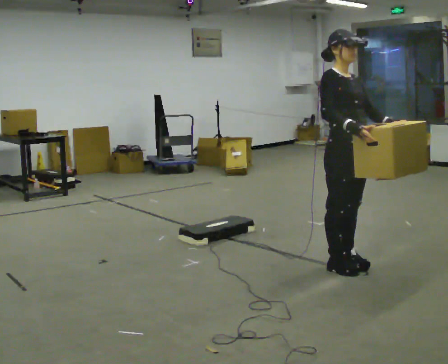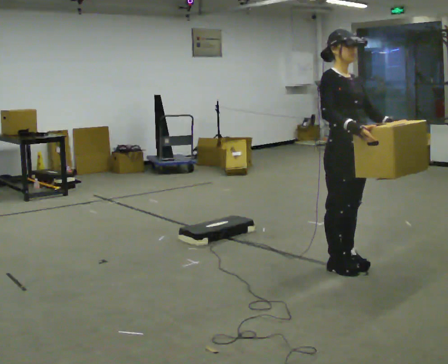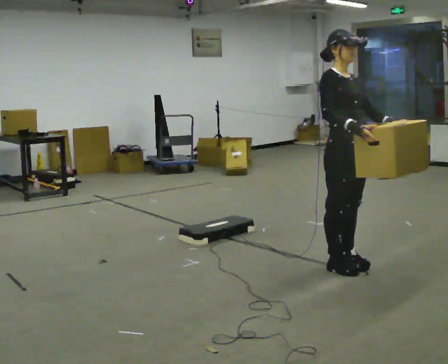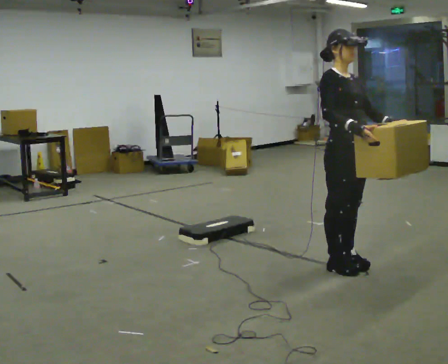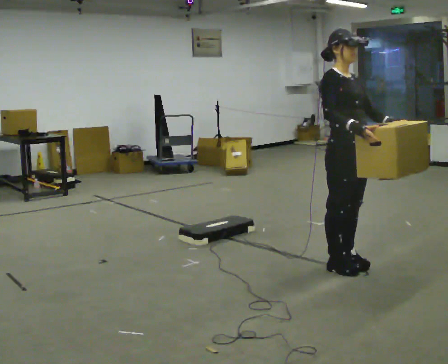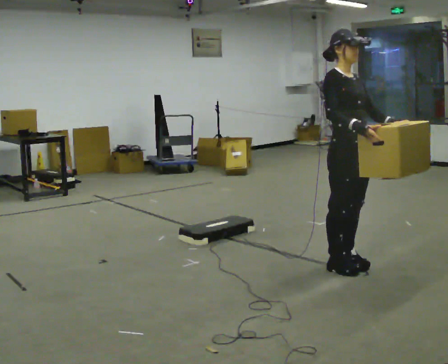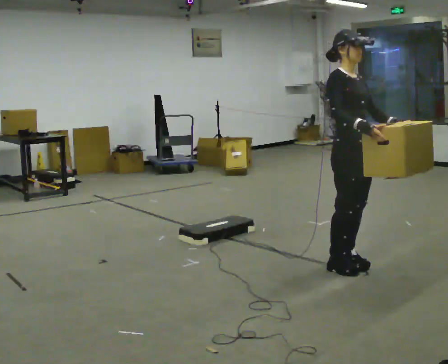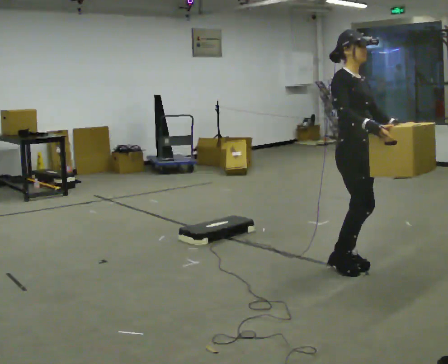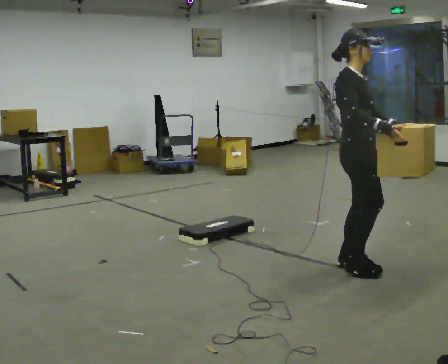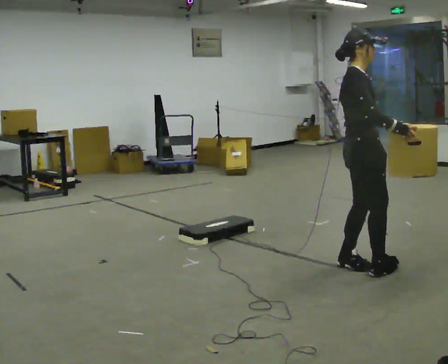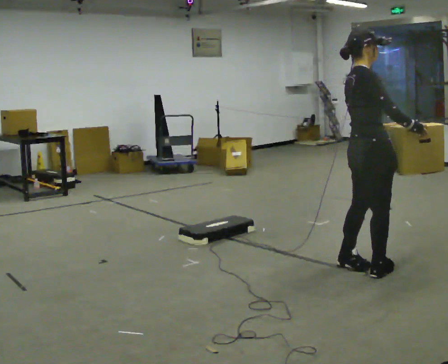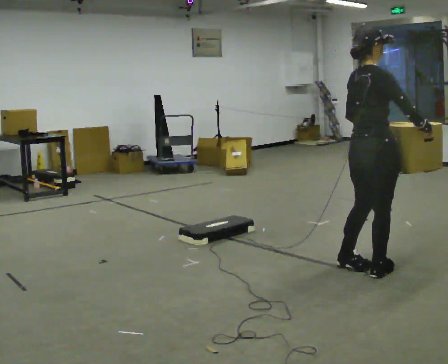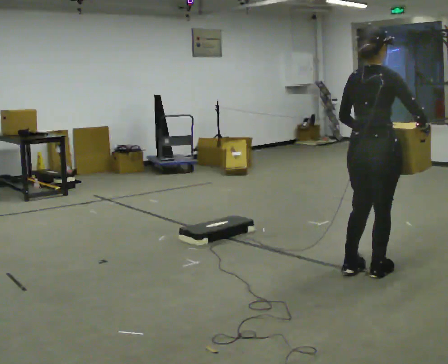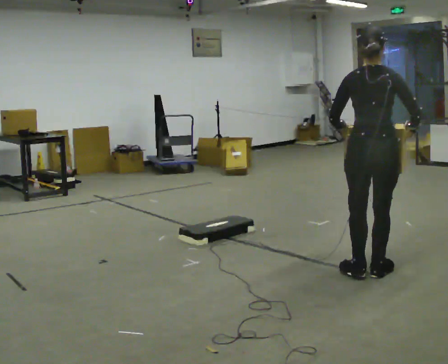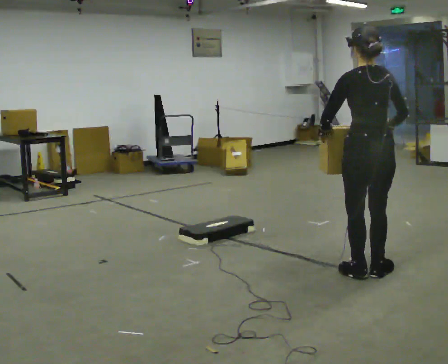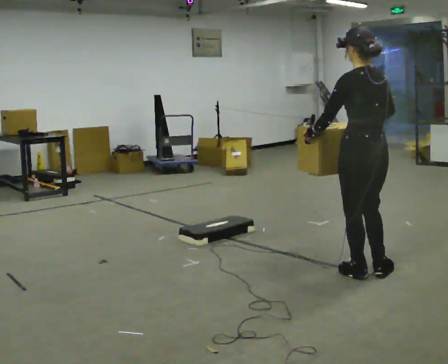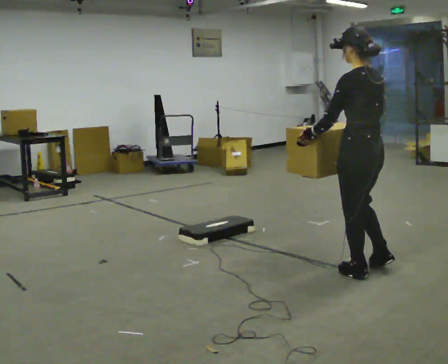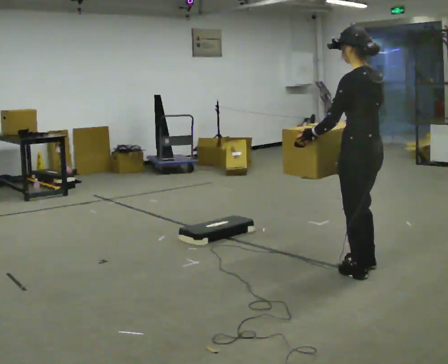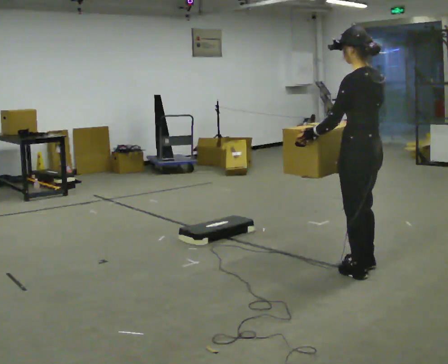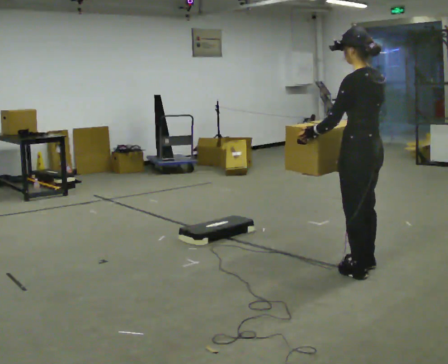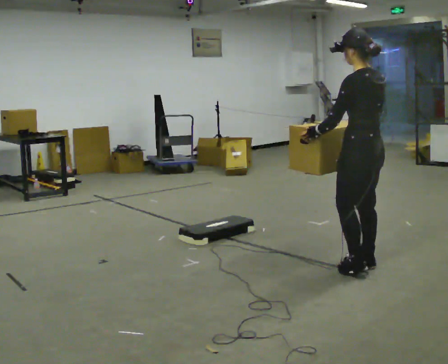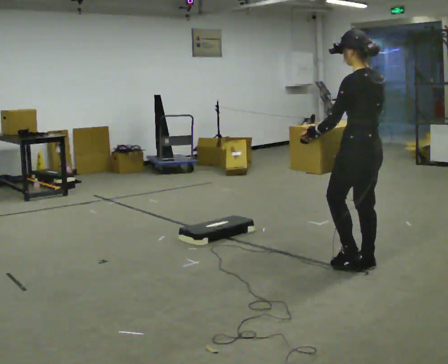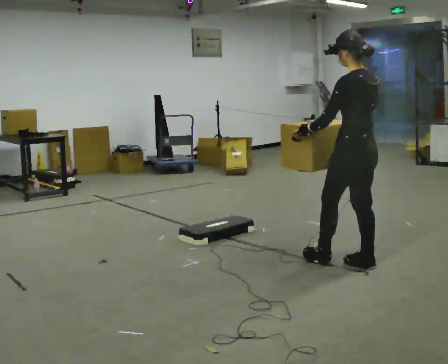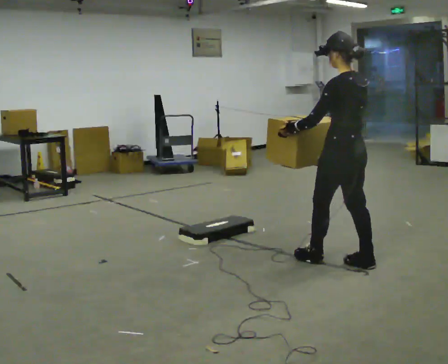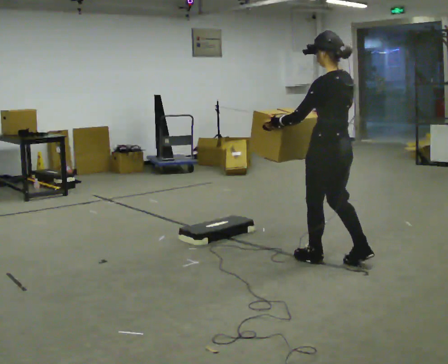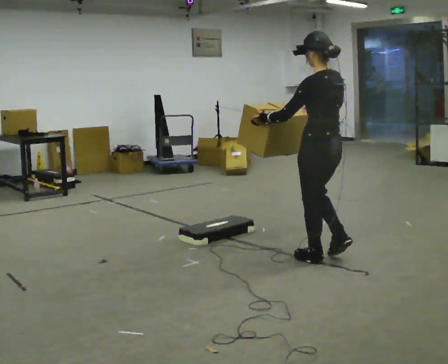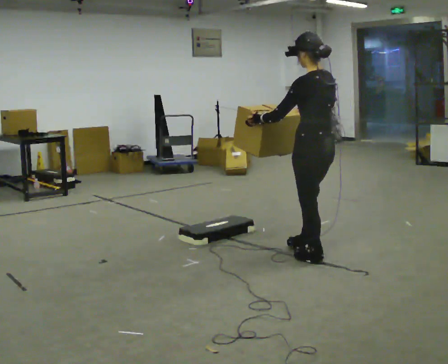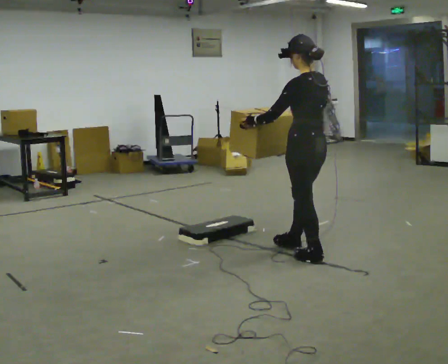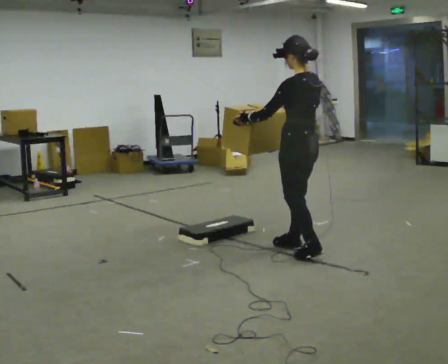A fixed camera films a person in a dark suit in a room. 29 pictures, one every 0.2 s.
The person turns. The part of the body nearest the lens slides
to the right.
The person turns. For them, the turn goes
to their left.
0.0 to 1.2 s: The person moves a little, or ends about where they began.
1.2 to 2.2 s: The part of the body nearest the lens slides to the right as the person turns to their left by about 75 degrees. In the picture their right hand goes to the right.
2.2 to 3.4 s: Seen from above the body turns counterclockwise, about 105 degrees: to their left, with its near side sliding to the right. In the picture their right hand goes to the left.
3.4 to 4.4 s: The person moves a little, or ends about where they began.
4.4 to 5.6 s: In the picture they go to the left and away from the camera, about 0.5 m in 2 steps, which for them is forward.
The film runs forward here.
